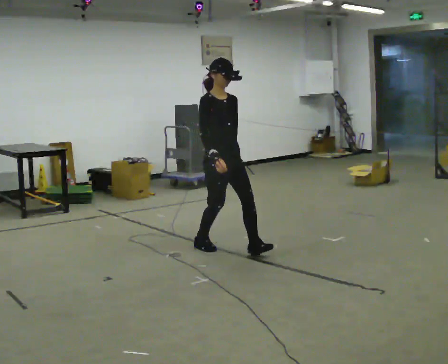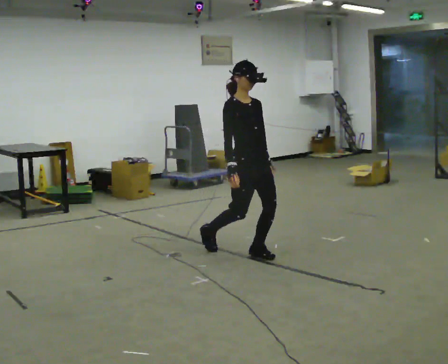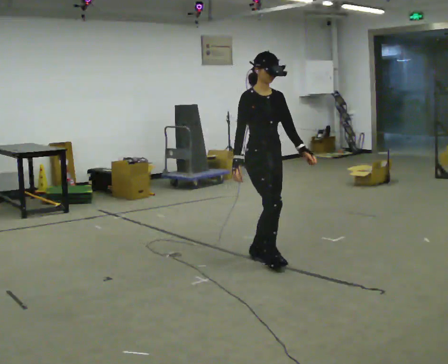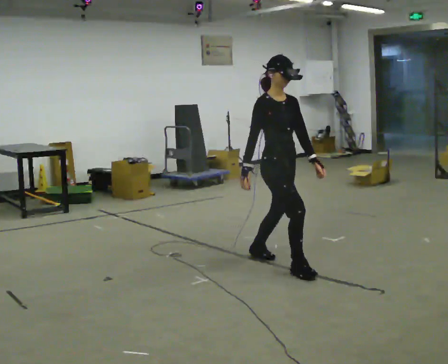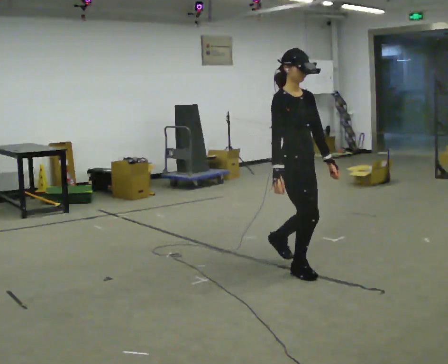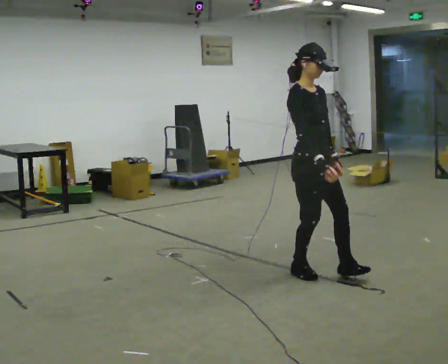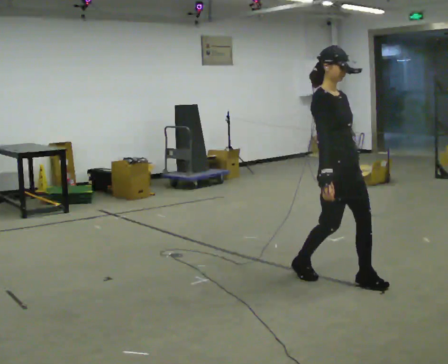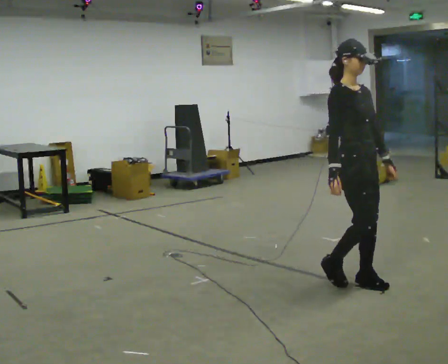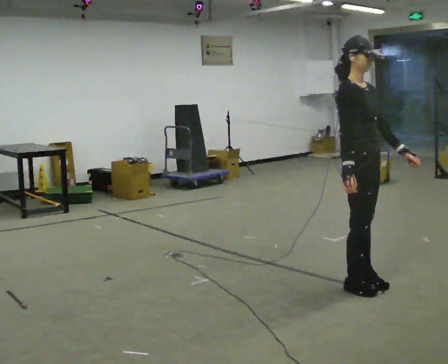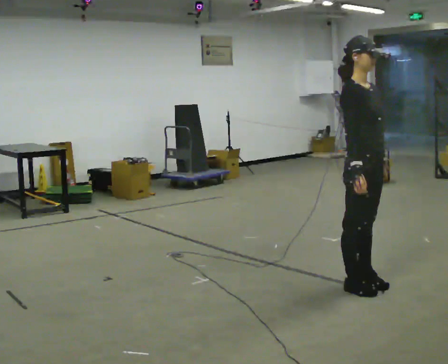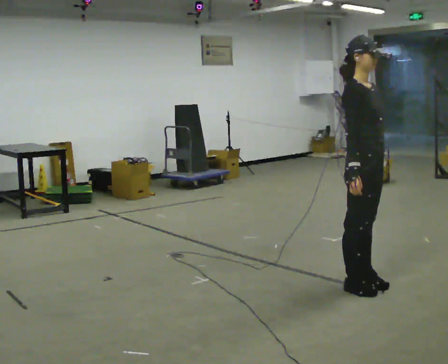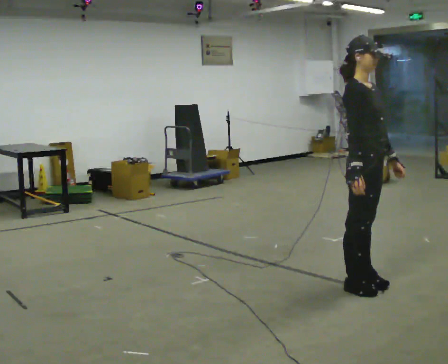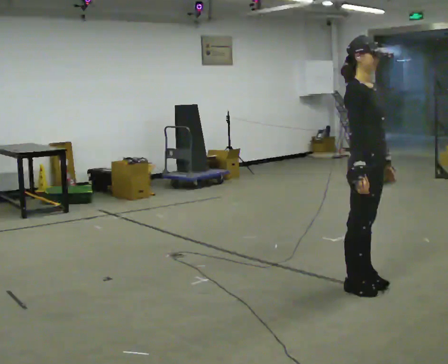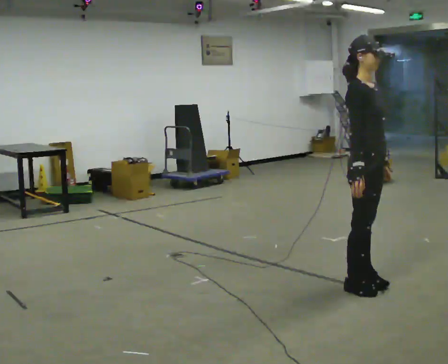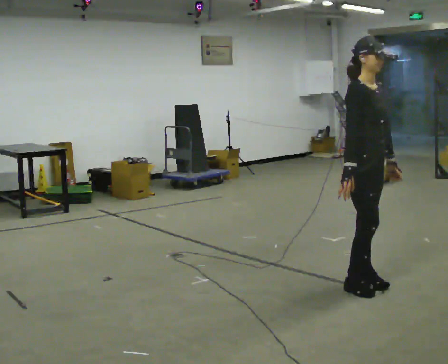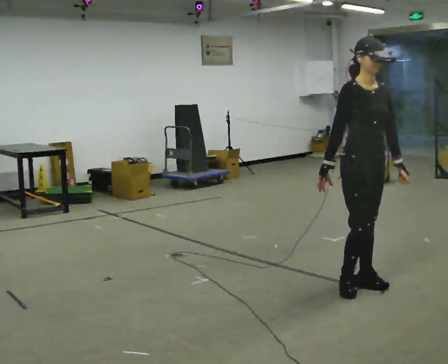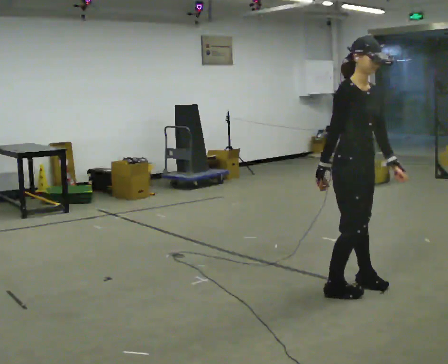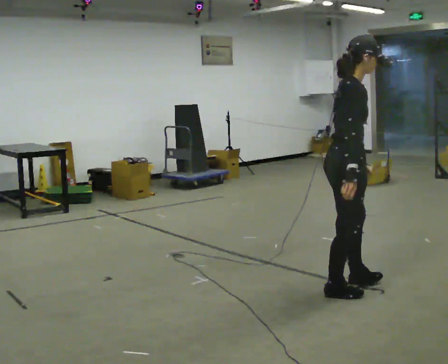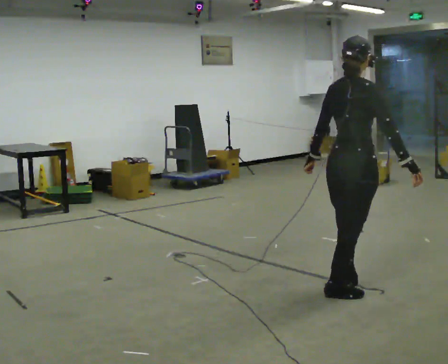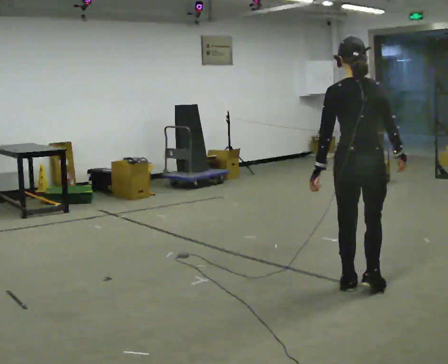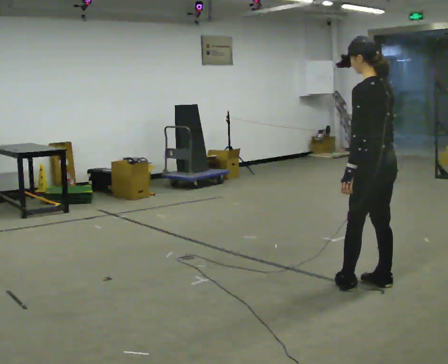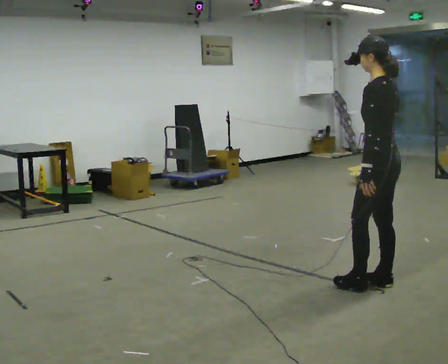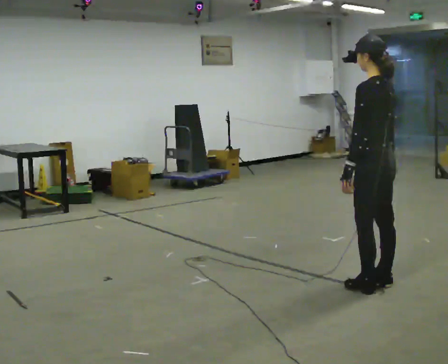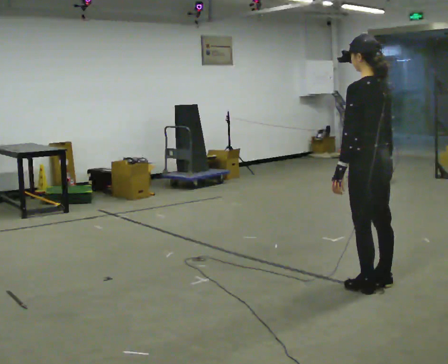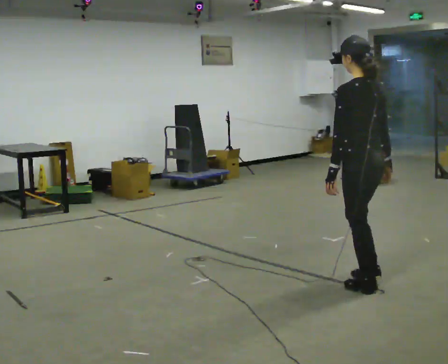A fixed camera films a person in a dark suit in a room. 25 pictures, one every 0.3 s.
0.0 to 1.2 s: In the picture they go to the right and toward the camera, about 1 m in 2 steps, which for them is forward.
1.2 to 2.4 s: In the picture they go to the right and toward the camera, about 0.5 m in 2 steps, which for them is forward.
2.4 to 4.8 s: The person moves a little, or ends about where they began.
4.8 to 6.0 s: Seen from above the body turns counterclockwise, about 180 degrees: to their left, with its near side sliding to the right. In the picture they go to the right, about 0.25 m in 1 step. In the picture their right hand goes to the right.
6.0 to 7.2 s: The person moves a little, or ends about where they began.
The film runs forward here.
